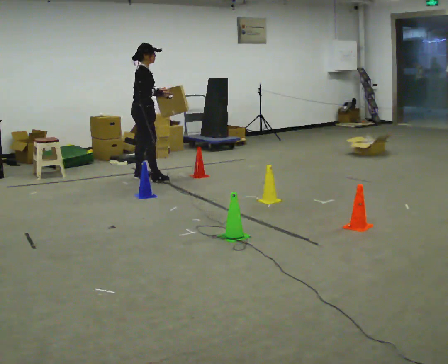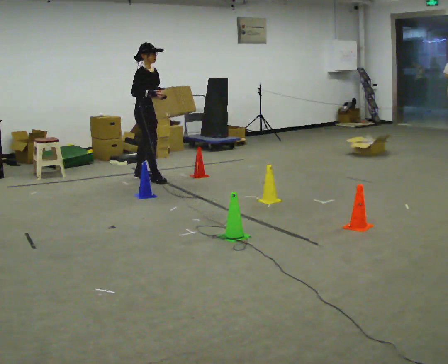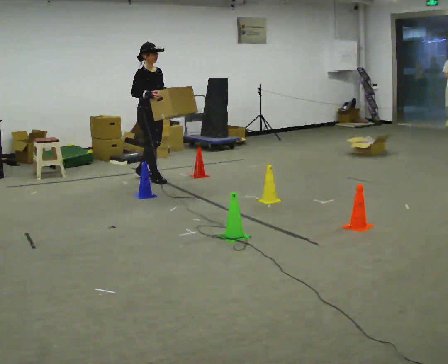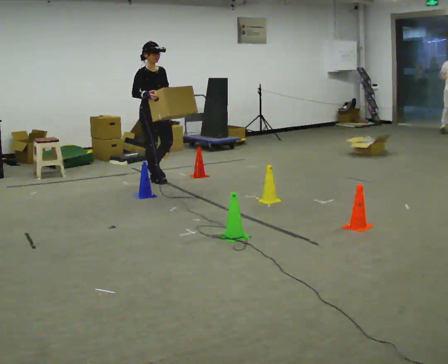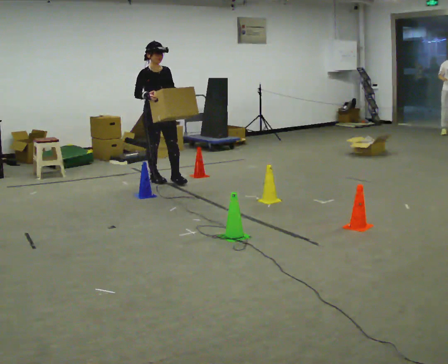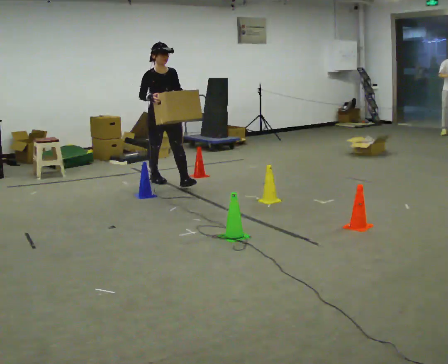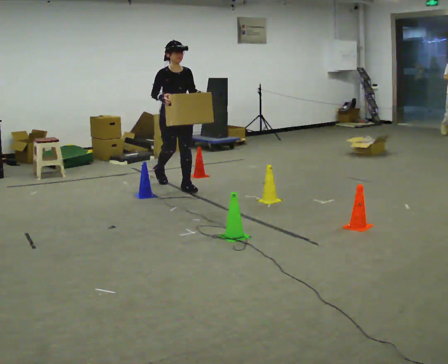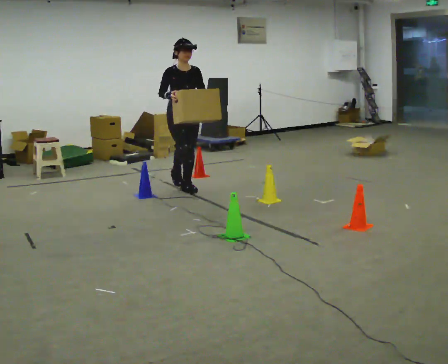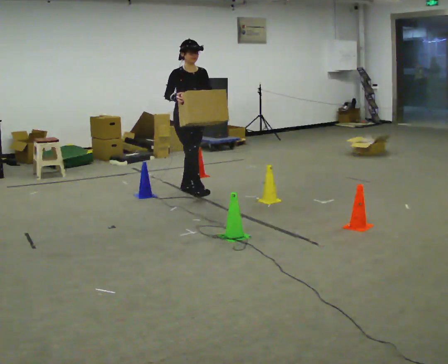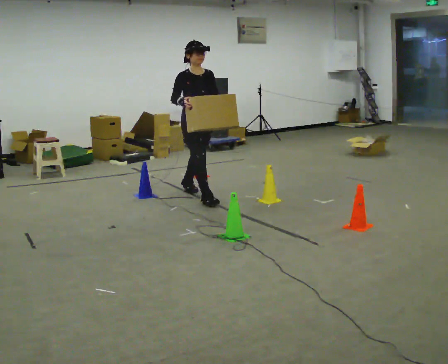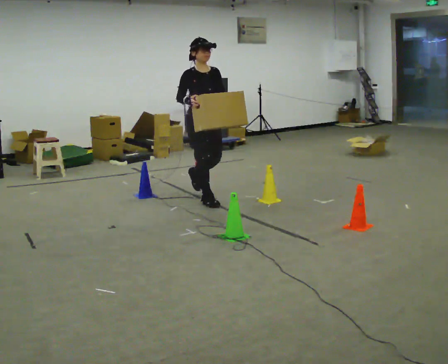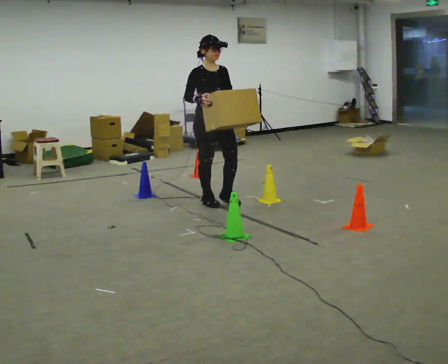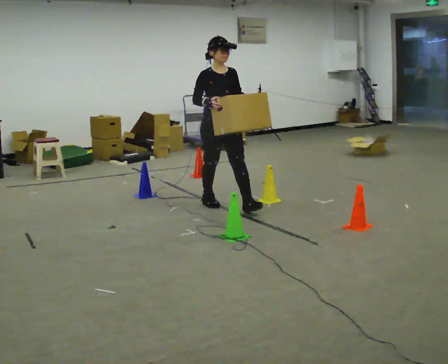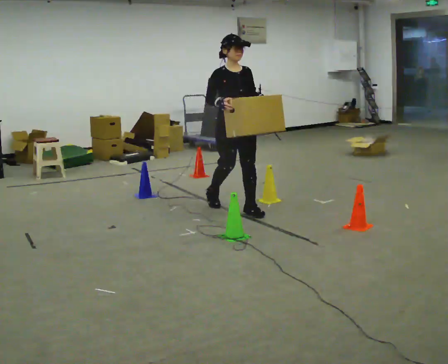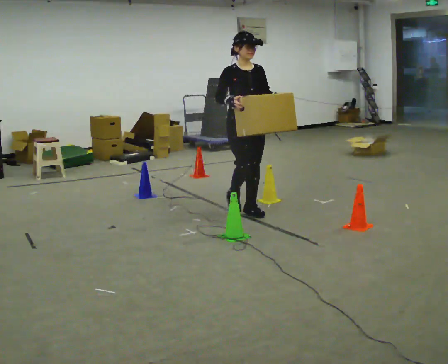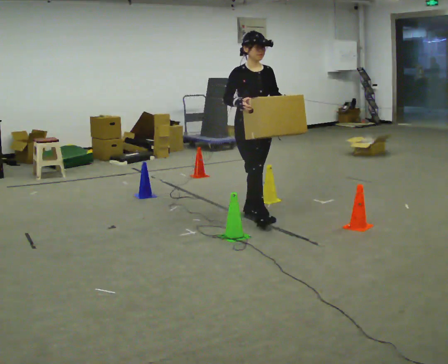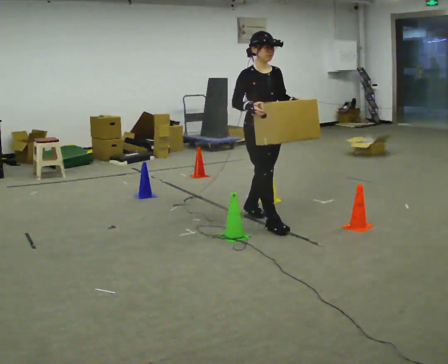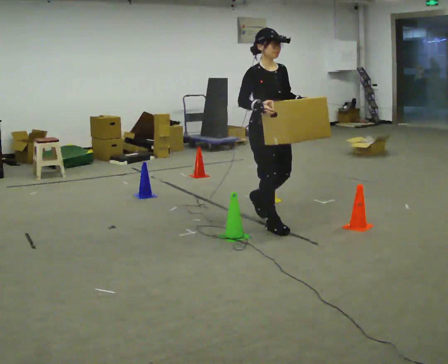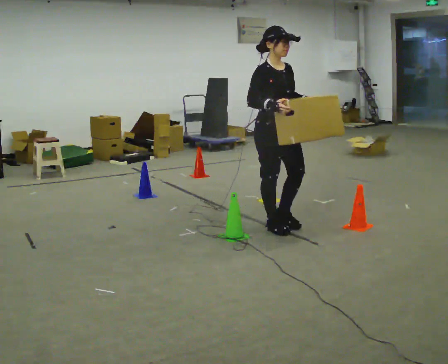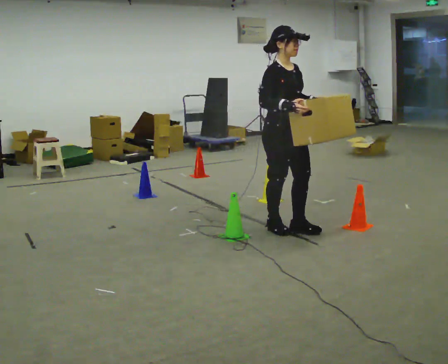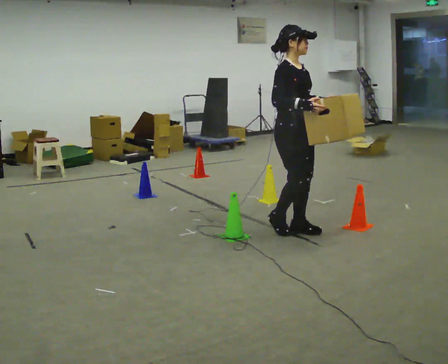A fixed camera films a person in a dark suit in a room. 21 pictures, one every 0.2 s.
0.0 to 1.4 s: The part of the body nearest the lens slides to the left as the person turns to their right by about 75 degrees. In the picture they go toward the camera and to the right, about 0.5 m in 1 step.
1.4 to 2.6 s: In the picture they go toward the camera and to the right, about 1 m in 2 steps, which for them is forward.
2.6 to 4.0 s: Seen from above the body turns counterclockwise, about 30 degrees: to their left, with its near side sliding to the right. In the picture they go toward the camera and to the right, about 1 m in 2 steps, which for them is forward.
The film runs forward here.
